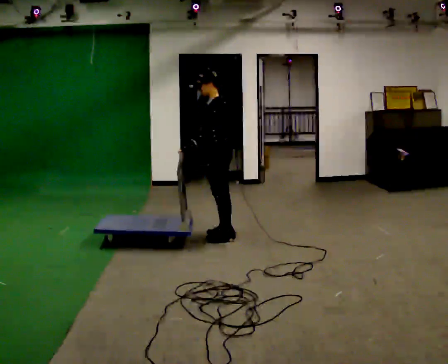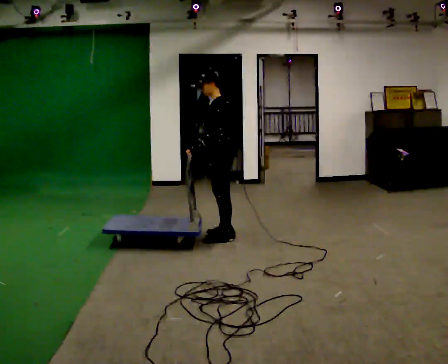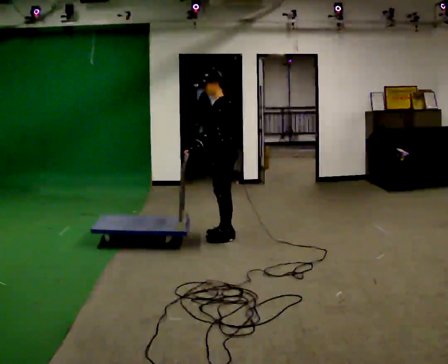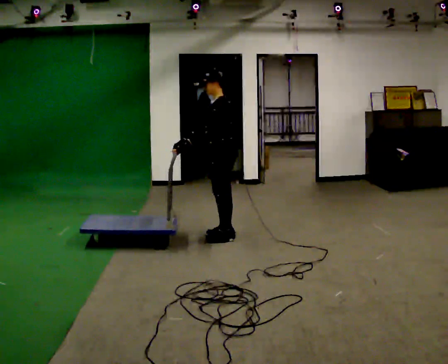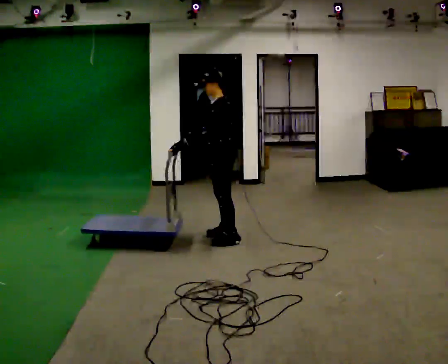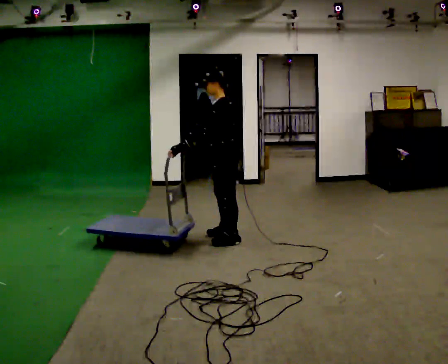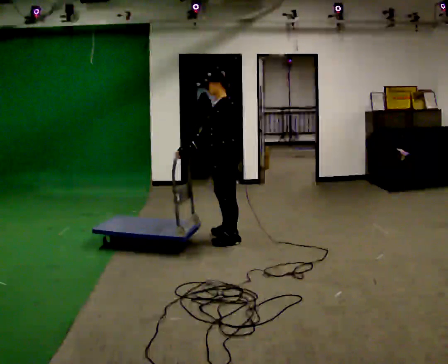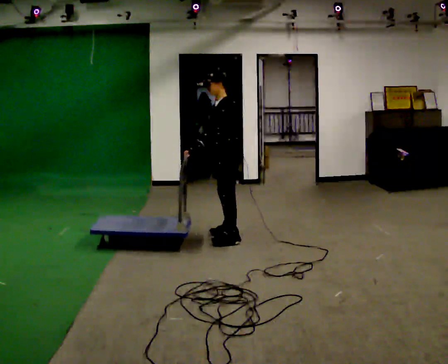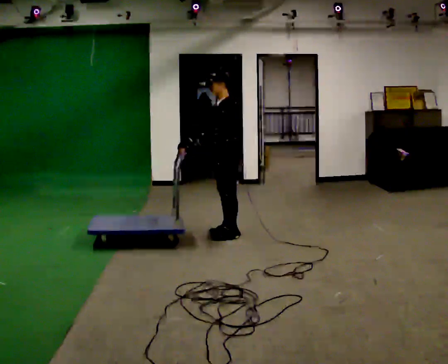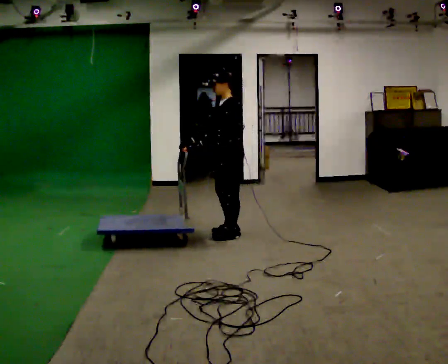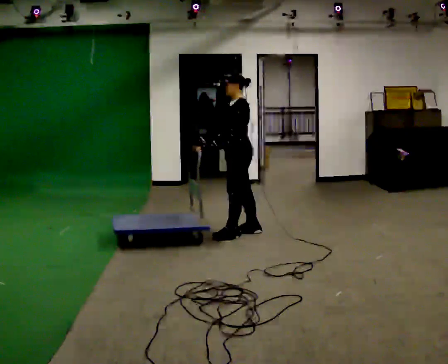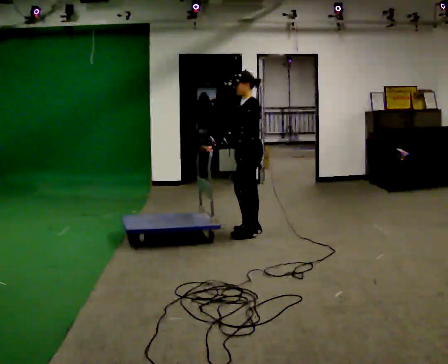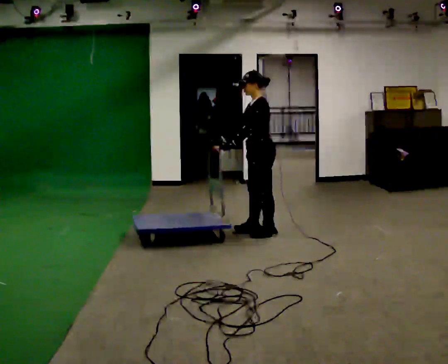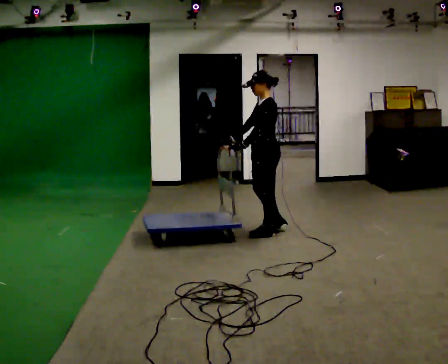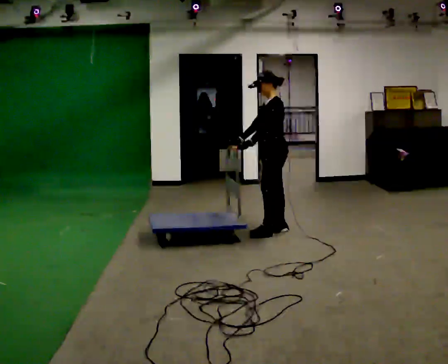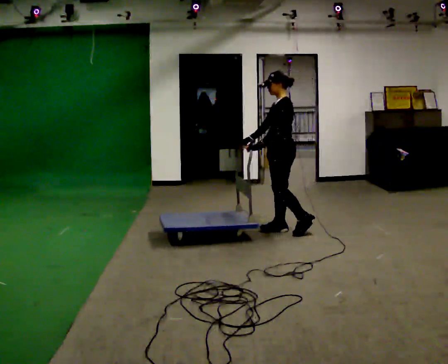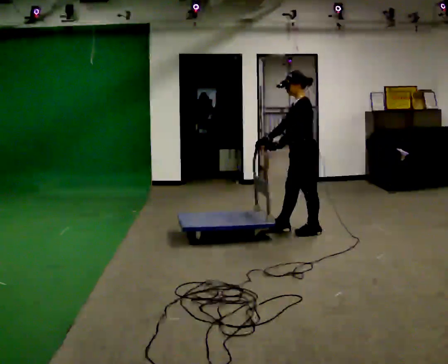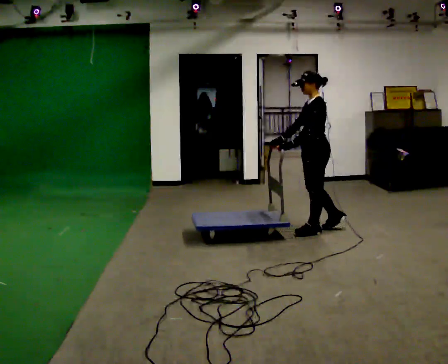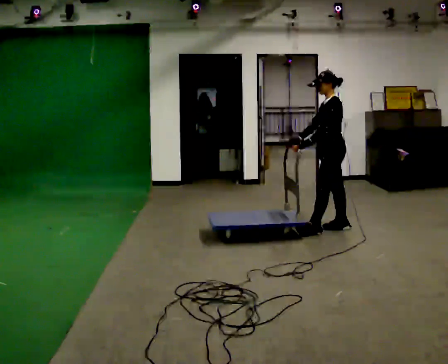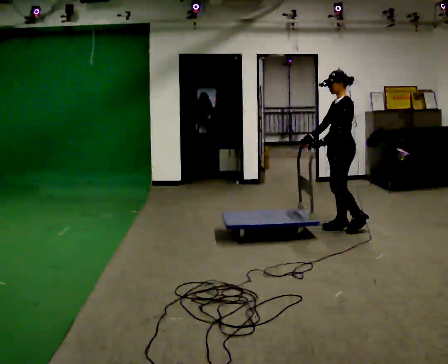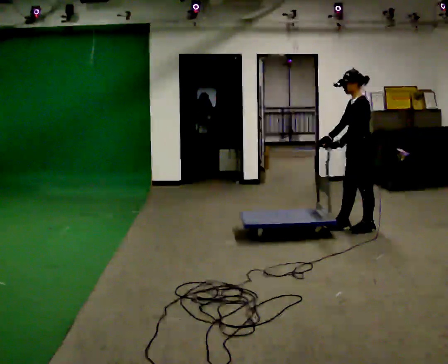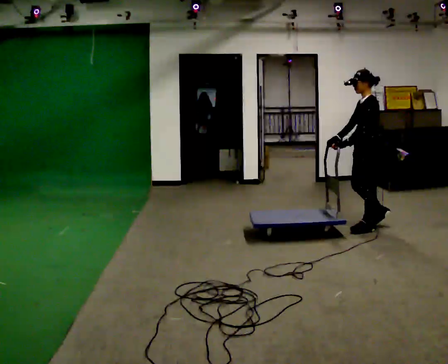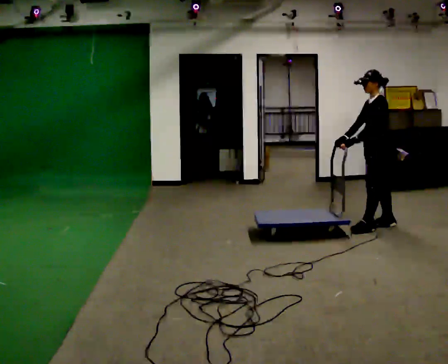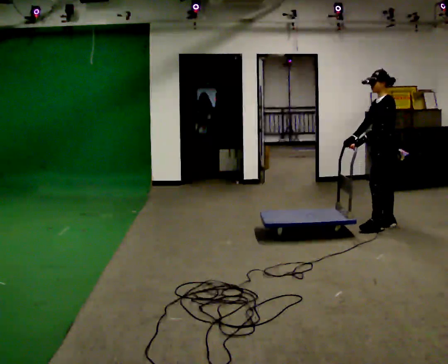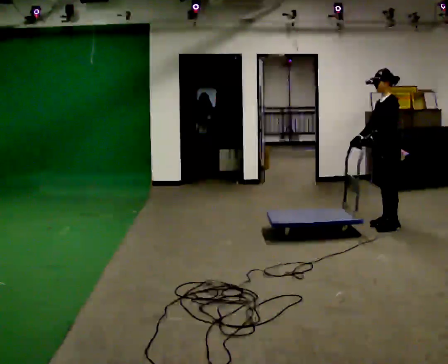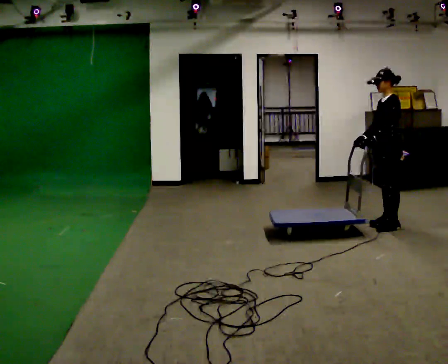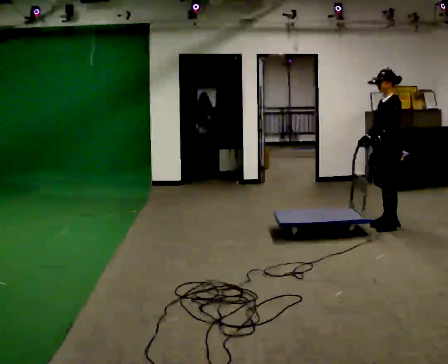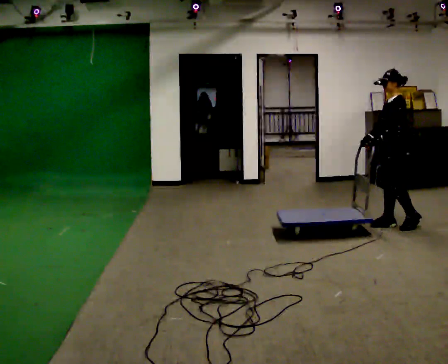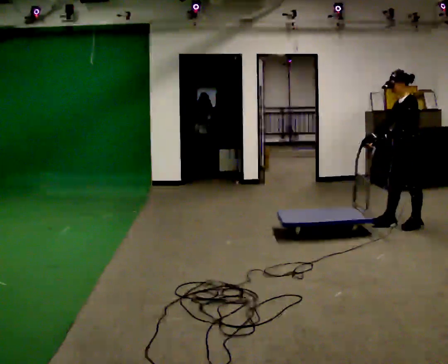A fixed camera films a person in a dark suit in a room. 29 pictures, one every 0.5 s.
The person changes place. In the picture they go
to the right.
0.0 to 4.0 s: The person moves a little, or ends about where they began.
4.0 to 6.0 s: In the picture they go to the right, about 0.25 m in 2 steps, which for them is backward.
6.0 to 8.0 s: In the picture they go to the right, about 0.5 m in 3 steps, which for them is backward.
8.0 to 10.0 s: In the picture they go to the right, about 0.5 m in 1 step, which for them is backward.
10.0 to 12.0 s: In the picture they go to the right, about 0.25 m in 2 steps, which for them is backward.
12.0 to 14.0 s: In the picture they go to the right, about 0.25 m in 1 step, which for them is backward.
The film runs backward here.
